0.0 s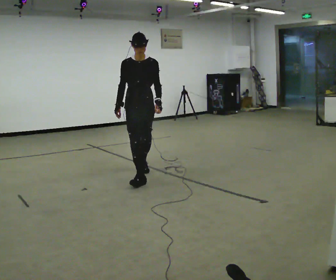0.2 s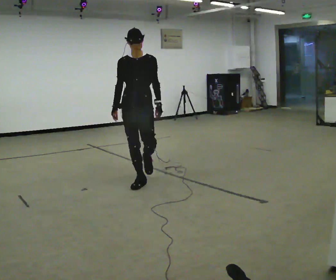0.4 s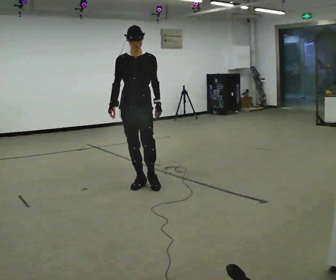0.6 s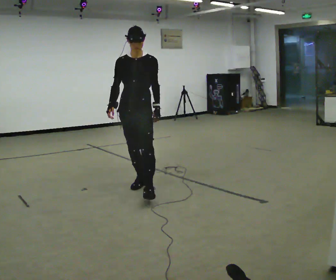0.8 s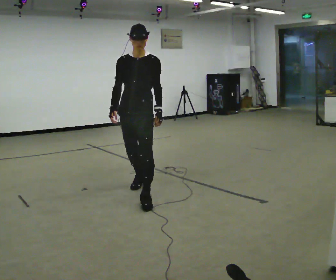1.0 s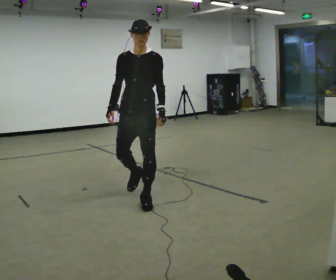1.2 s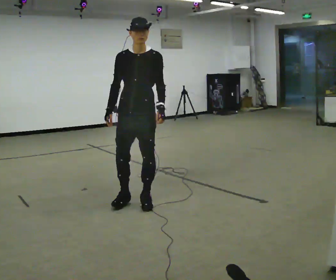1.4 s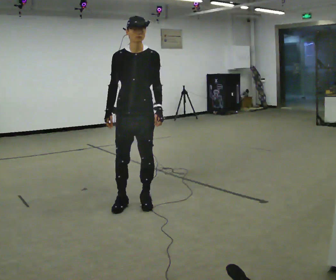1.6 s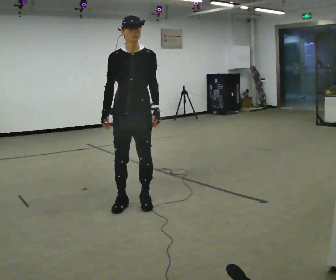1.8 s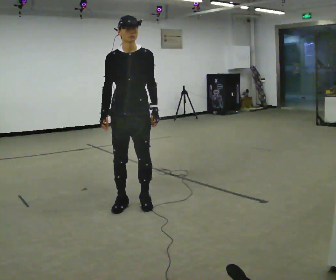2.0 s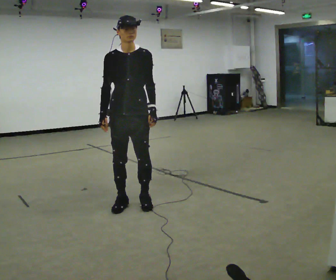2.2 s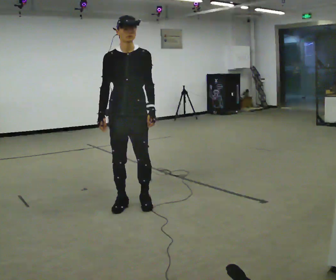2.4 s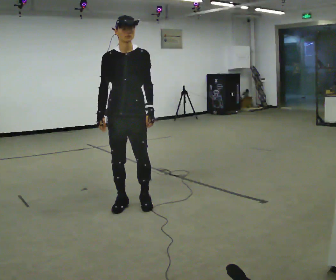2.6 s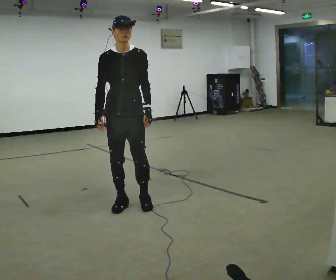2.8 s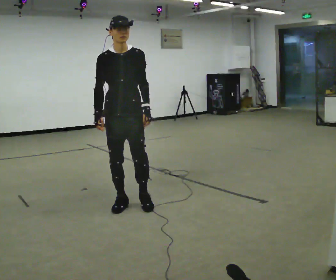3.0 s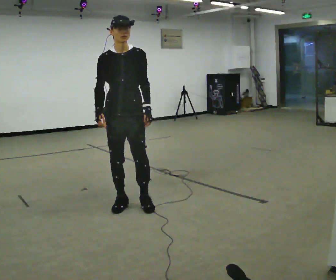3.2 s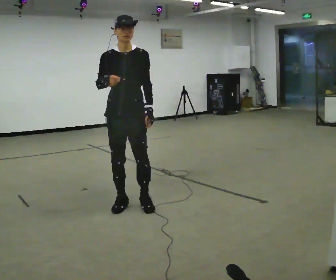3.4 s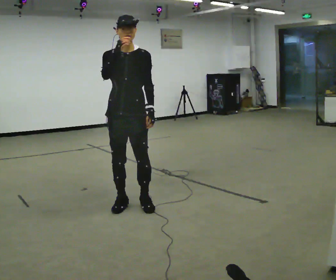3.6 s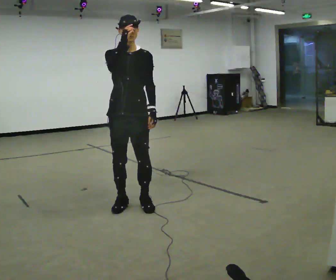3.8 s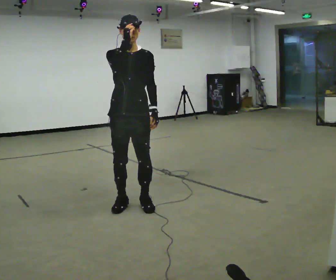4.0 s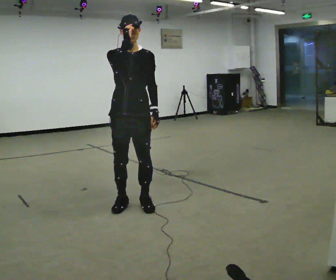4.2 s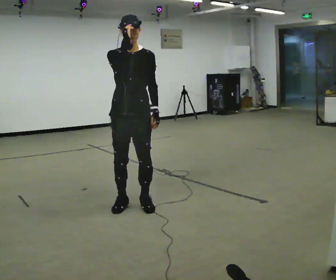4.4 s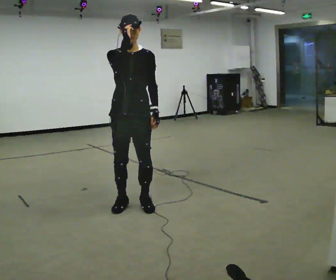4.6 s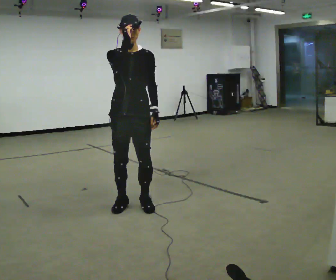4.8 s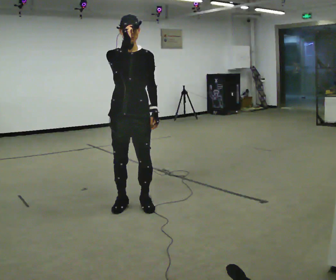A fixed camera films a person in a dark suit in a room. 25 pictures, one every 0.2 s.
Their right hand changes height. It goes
upward.
The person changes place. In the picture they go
toward the camera.
0.0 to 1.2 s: In the picture they go toward the camera, about 1 m in 1 step, which for them is forward.
1.2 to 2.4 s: The person moves a little, or ends about where they began.
2.4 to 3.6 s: In the picture their right hand goes upward.
3.6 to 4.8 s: The person keeps their place and pose.
The film runs forward here.
